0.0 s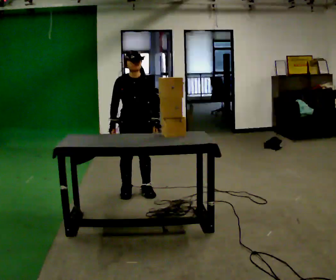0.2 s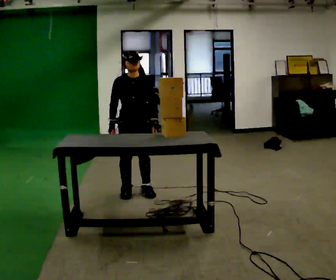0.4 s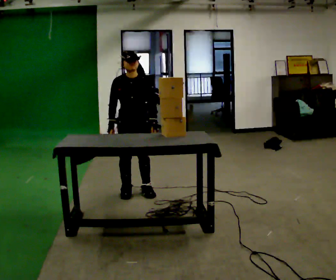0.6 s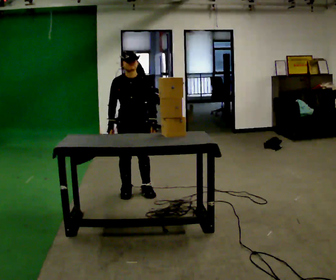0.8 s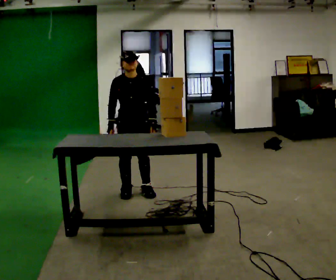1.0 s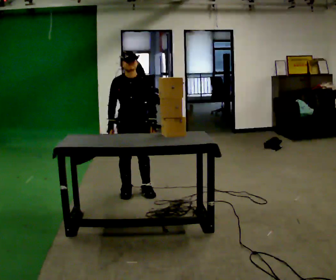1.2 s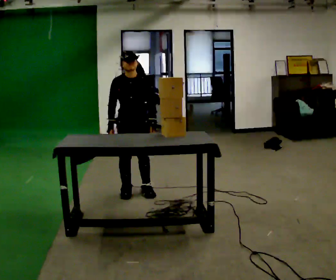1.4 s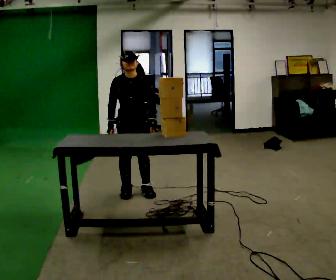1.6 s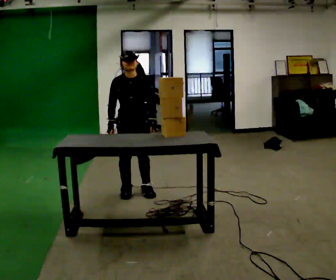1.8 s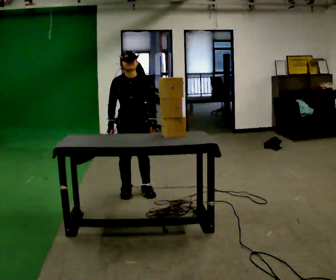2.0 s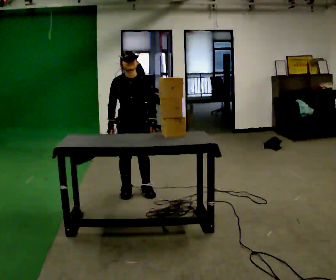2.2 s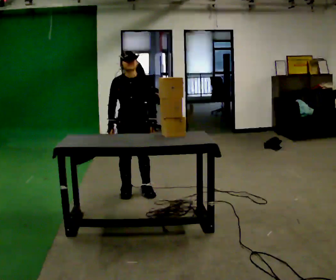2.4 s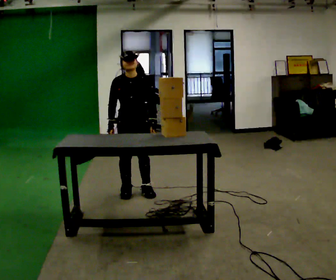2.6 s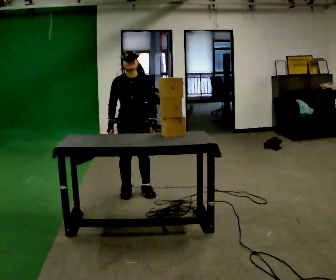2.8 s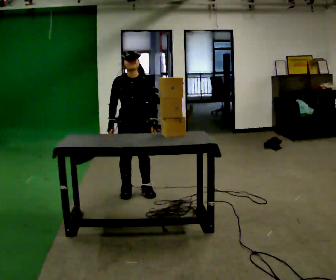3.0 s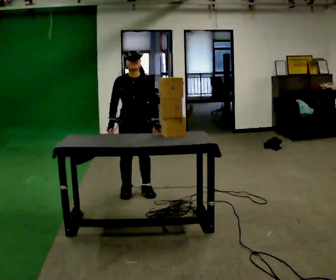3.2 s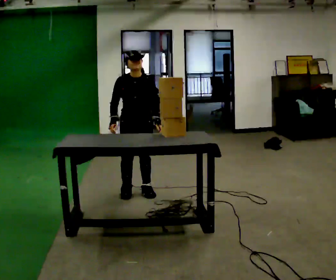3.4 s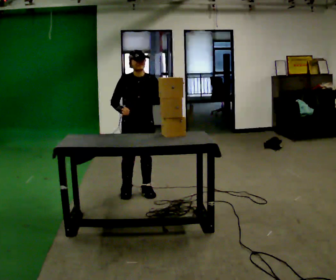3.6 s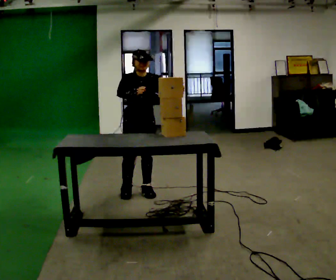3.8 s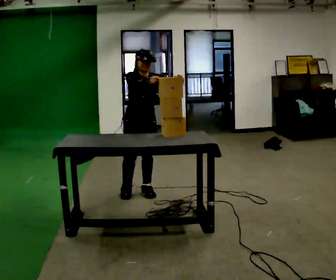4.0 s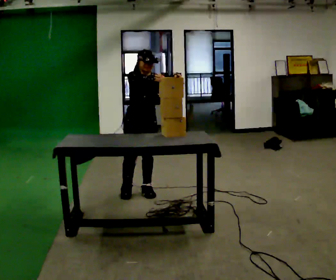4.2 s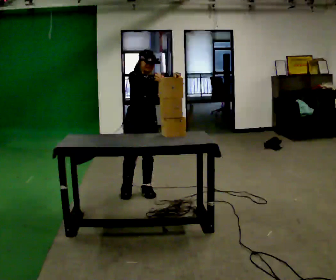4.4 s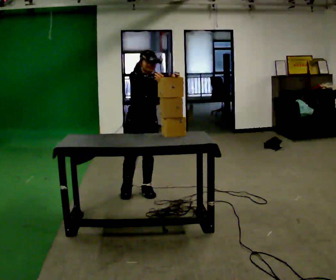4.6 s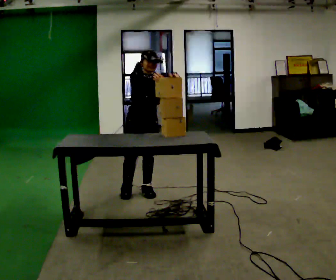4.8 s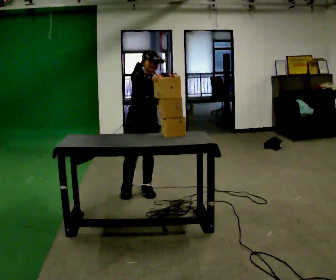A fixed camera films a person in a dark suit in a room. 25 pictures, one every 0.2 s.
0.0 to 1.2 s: The person moves a little, or ends about where they began.
1.2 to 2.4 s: The person keeps their place and pose.
2.4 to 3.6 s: In the picture their right hand goes upward.
3.6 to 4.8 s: The person moves a little, or ends about where they began.
The film runs backward here.
